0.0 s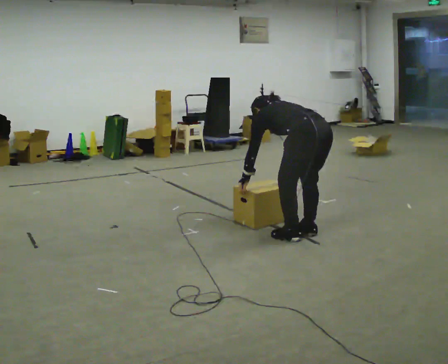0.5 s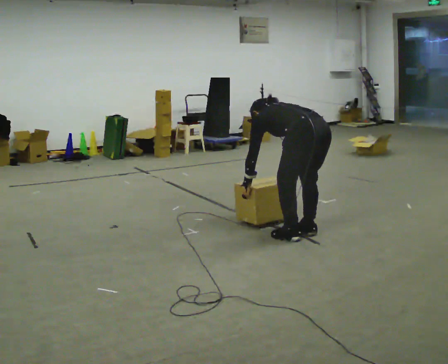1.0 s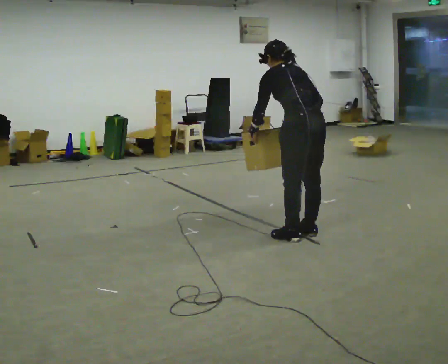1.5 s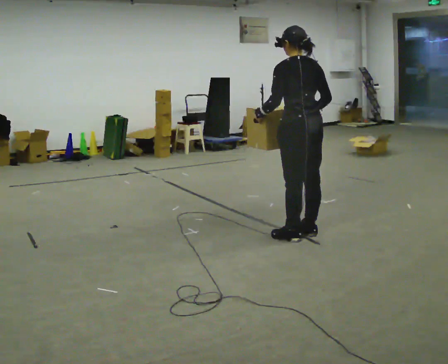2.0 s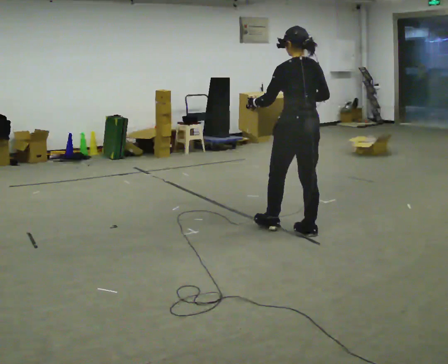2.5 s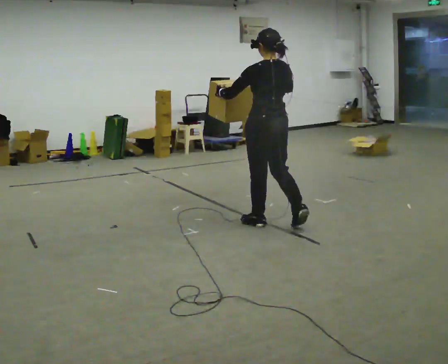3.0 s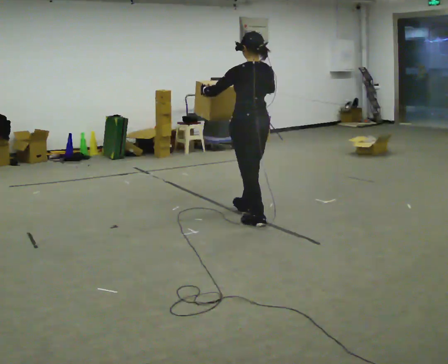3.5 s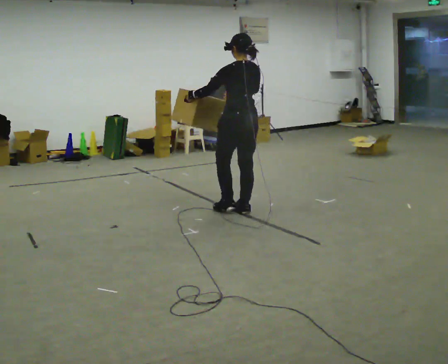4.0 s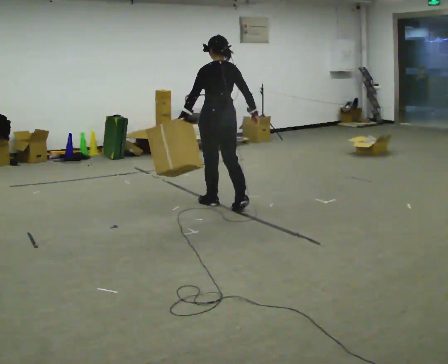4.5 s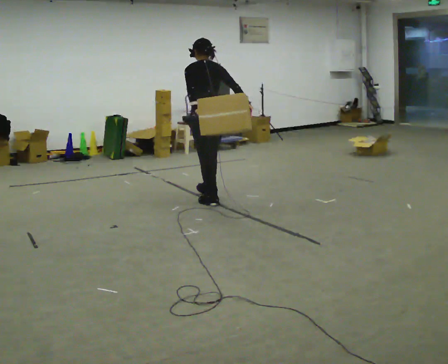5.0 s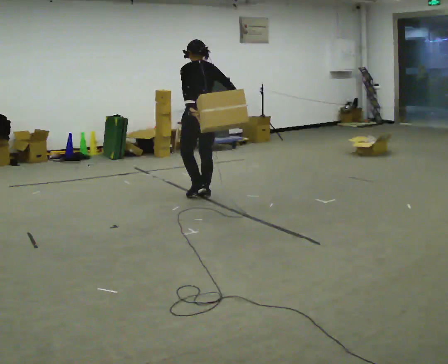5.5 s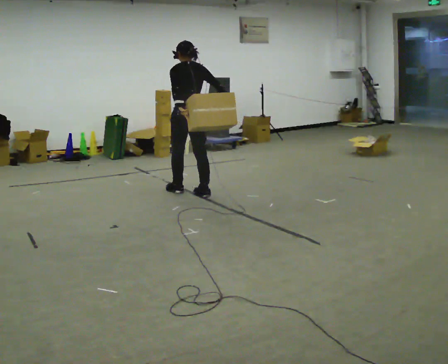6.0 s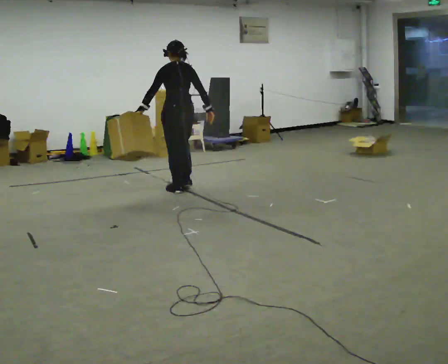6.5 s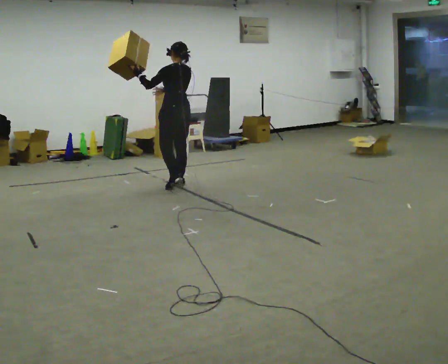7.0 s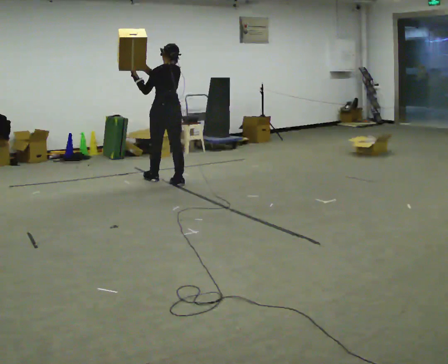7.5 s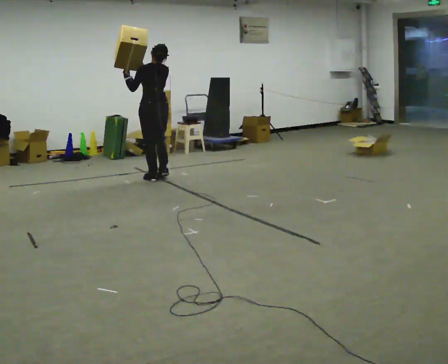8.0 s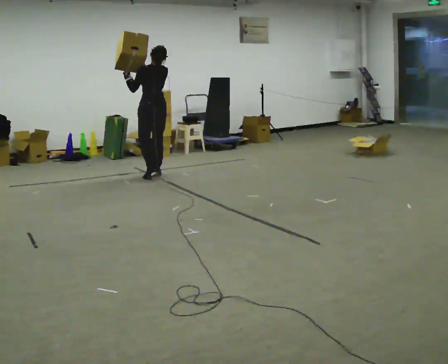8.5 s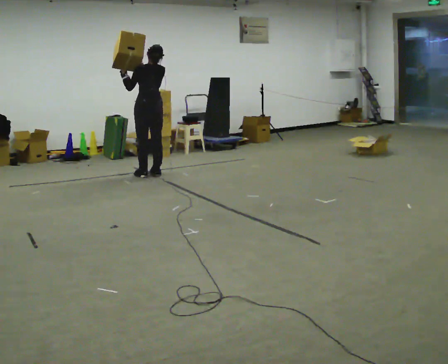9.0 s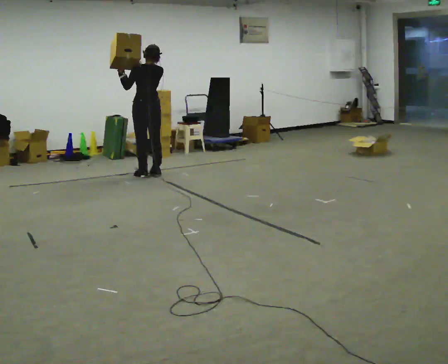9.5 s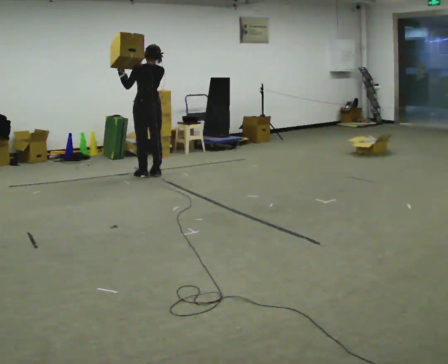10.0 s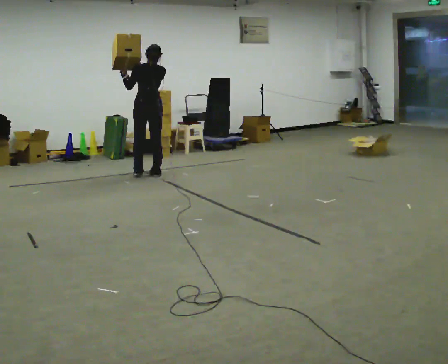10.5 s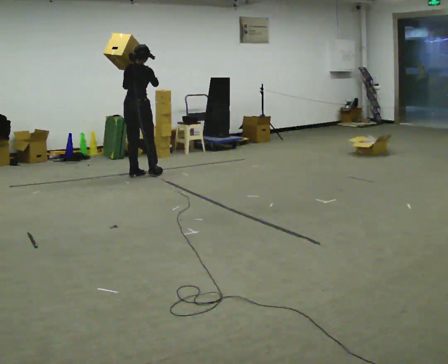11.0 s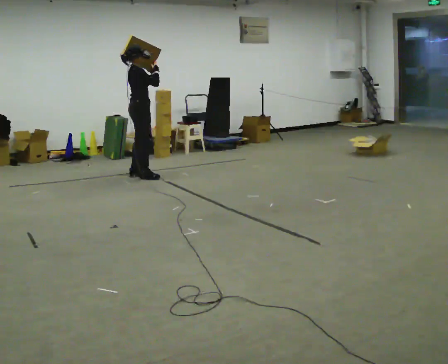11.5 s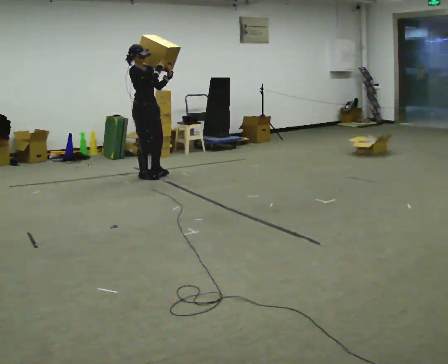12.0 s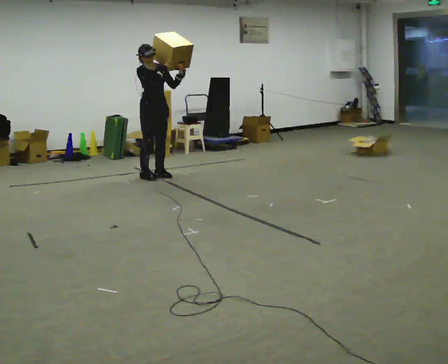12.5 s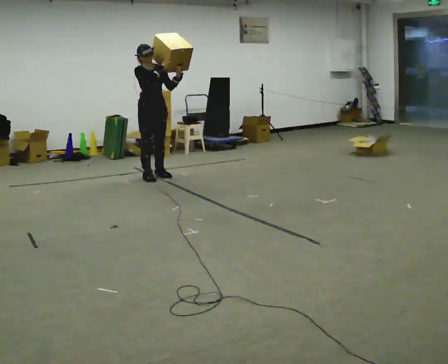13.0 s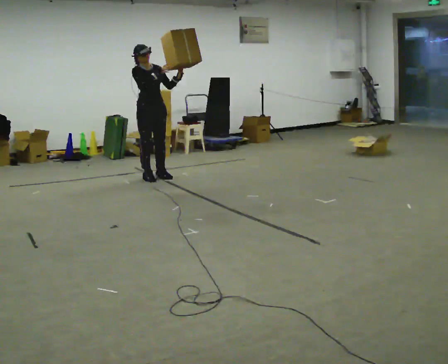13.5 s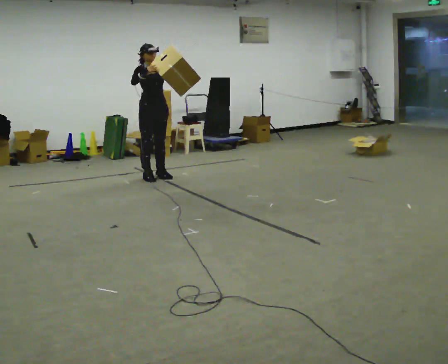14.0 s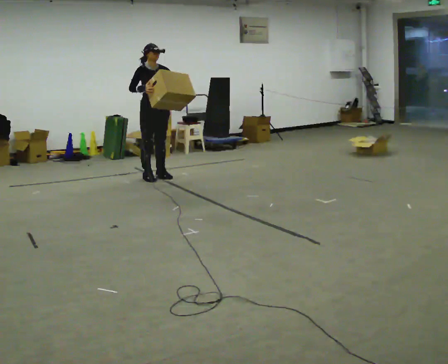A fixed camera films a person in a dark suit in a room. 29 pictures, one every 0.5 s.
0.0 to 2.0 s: In the picture they go away from the camera, about 0.25 m, which for them is forward. The shoulders move upward. The upper body tips toward the camera, its near side rolling downward, as they lean back or straighten. In the picture their left hand goes upward.
2.0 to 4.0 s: In the picture they go away from the camera and to the left, about 1 m in 3 steps, which for them is forward.
4.0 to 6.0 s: In the picture they go away from the camera and to the left, about 0.5 m in 2 steps, which for them is forward.
6.0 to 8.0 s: In the picture they go away from the camera and to the left, about 1 m in 3 steps, which for them is forward. In the picture their right hand goes upward.
8.0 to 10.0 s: The person moves a little, or ends about where they began.
10.0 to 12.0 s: The person turns about 150 degrees to their right, clockwise seen from above, so the part of the body nearest the lens slides to the left. In the picture their left hand goes to the right.
12.0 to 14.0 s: The person moves a little, or ends about where they began.
The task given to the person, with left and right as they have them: Carry the box and, while walking, shift it to a different hold: front, then hip, then shoulder, then back to front. Do not stop walking.
The film runs forward here.
